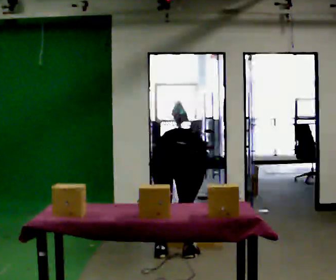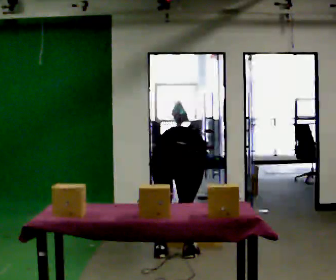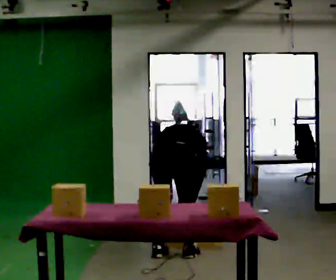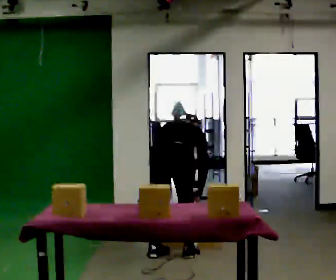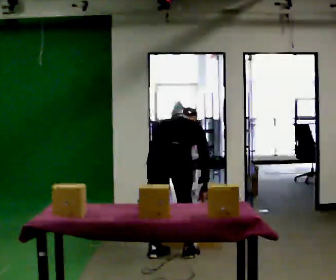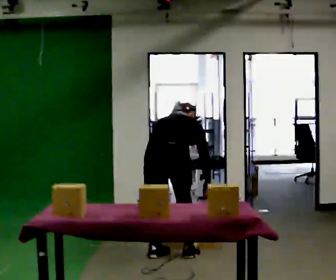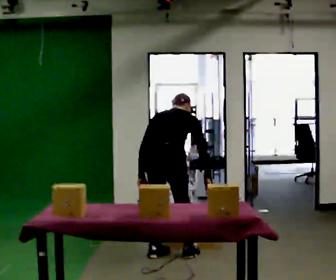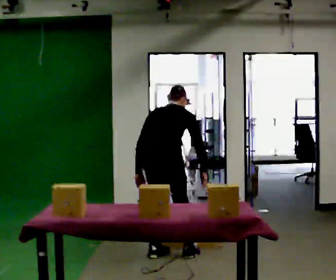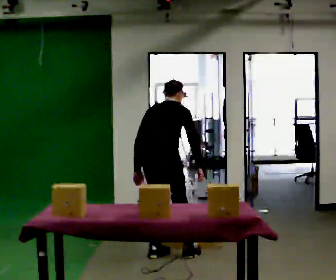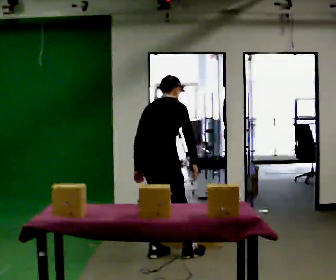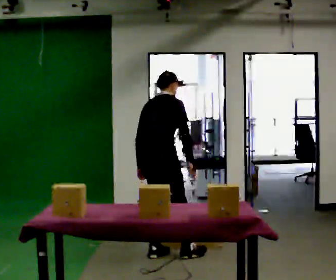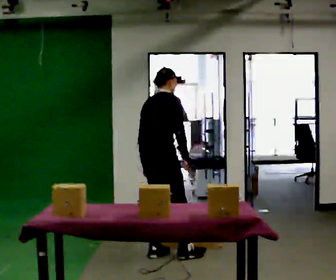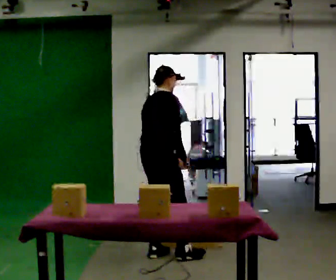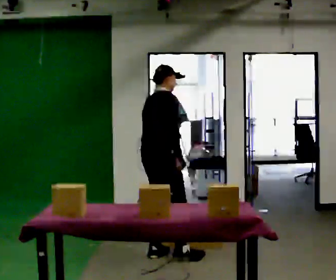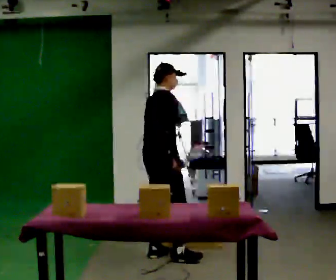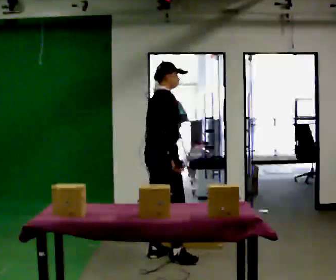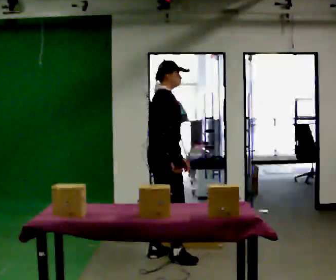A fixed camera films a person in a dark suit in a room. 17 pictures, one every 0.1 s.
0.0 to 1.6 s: Seen from above the body turns clockwise, about 75 degrees: to their right, with its near side sliding to the left. The shoulders move upward. The upper body tips toward the camera, its near side rolling downward, as they lean back or straighten. In the picture their right hand goes upward.
The film runs forward here.
